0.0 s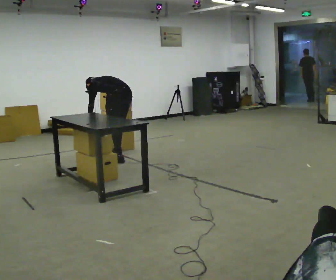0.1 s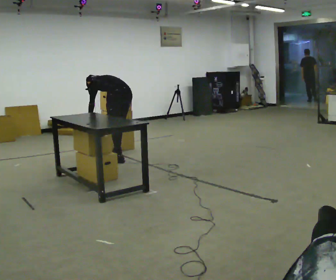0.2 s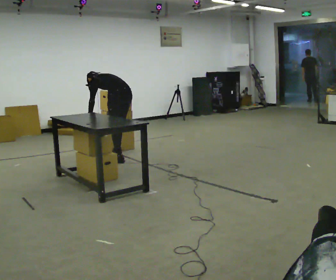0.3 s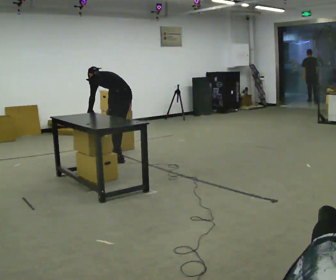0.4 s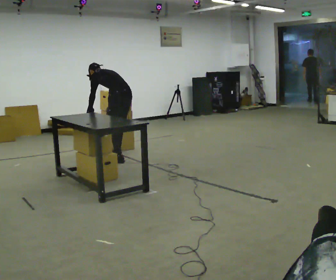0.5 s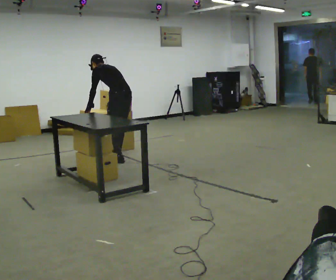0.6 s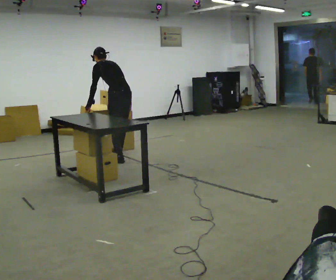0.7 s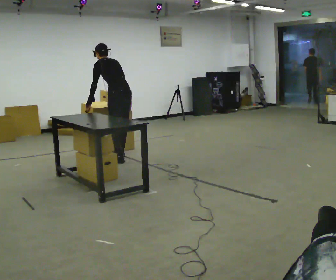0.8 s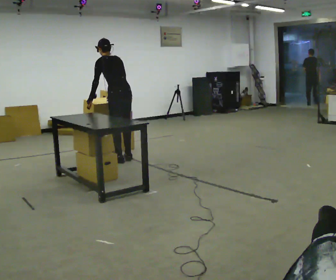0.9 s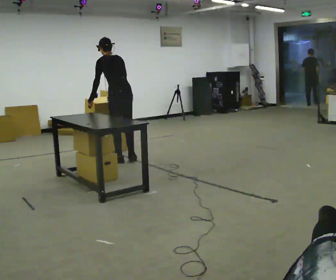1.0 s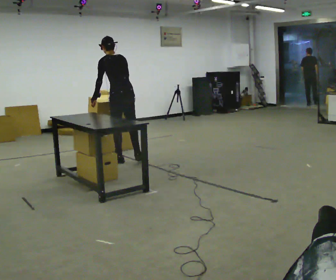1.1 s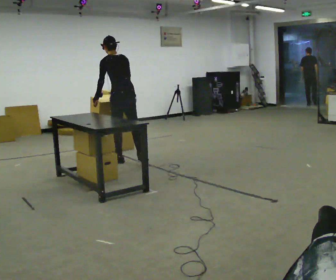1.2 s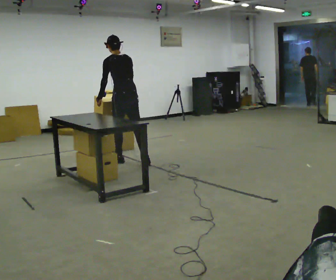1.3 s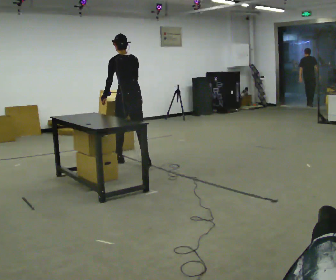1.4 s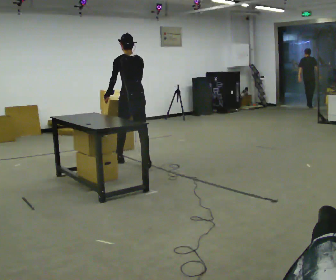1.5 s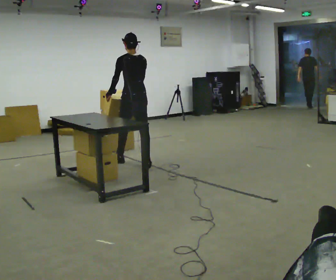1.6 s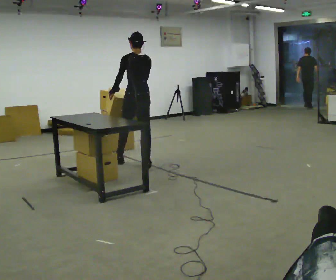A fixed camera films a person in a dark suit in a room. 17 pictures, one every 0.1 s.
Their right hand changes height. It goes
upward.
Their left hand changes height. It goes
upward.
0.0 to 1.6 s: The part of the body nearest the lens slides to the left as the person turns to their right by about 30 degrees. In the picture they go toward the camera and to the right, about 0.5 m in 2 steps, which for them is backward. The shoulders move upward. In the picture the upper body tilts clockwise, shoulders to the right, as they lean back or straighten. In the picture their left hand goes upward.
The film runs backward here.
